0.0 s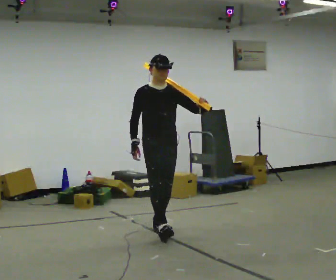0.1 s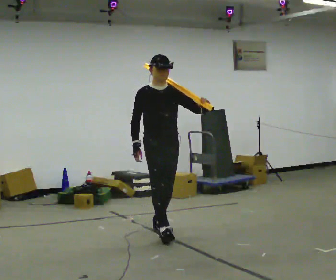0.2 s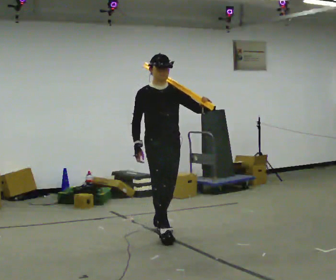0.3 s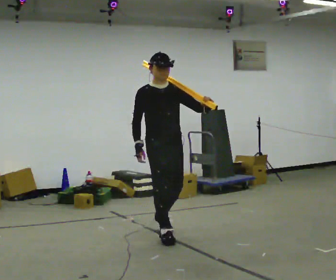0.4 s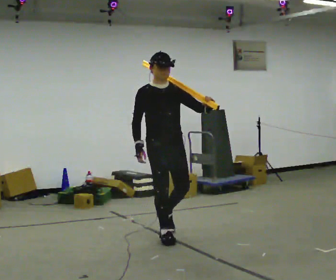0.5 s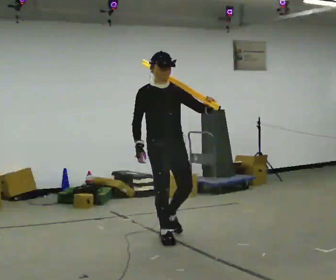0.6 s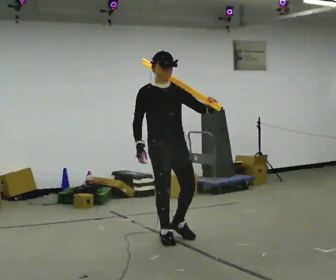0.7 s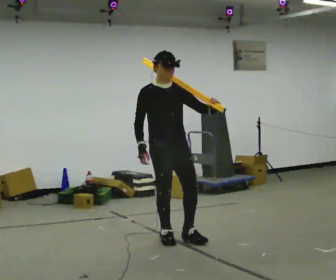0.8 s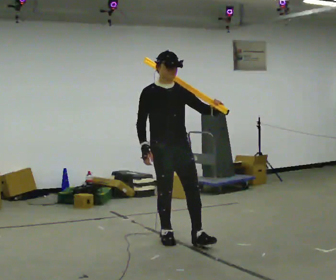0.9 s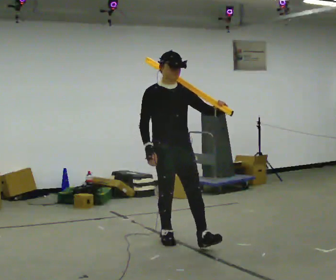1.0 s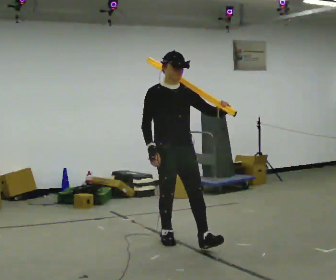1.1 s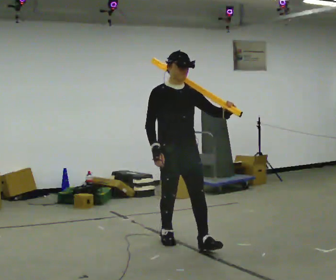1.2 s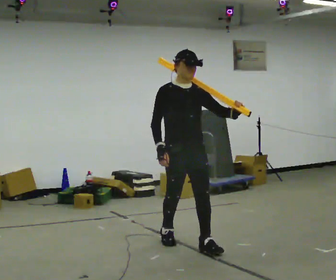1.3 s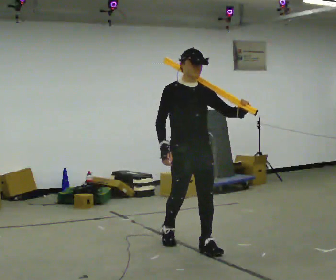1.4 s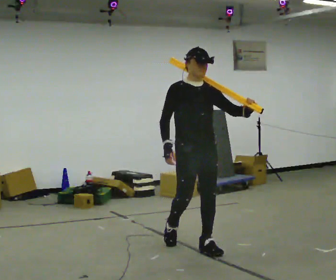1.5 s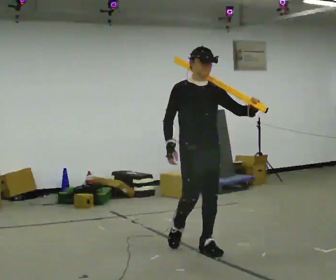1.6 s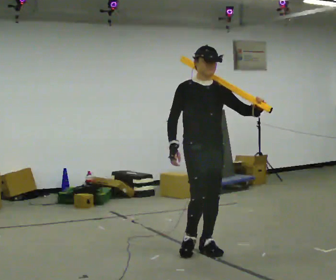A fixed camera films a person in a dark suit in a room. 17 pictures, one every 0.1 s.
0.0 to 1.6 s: In the picture they go toward the camera and to the right, about 1 m in 1 step, which for them is forward.
The film runs forward here.
